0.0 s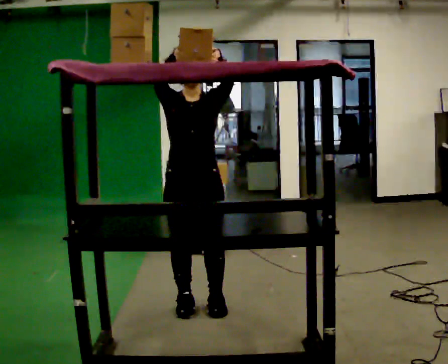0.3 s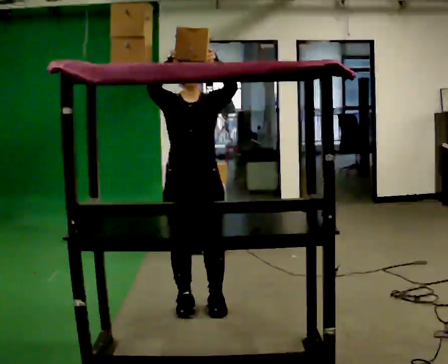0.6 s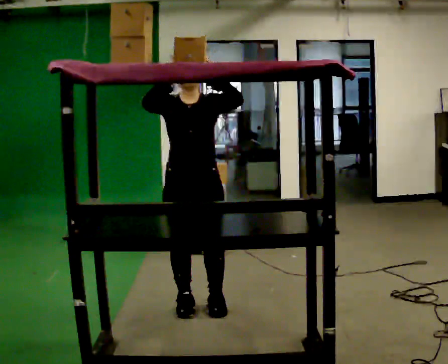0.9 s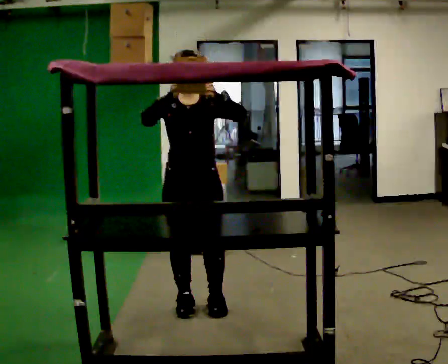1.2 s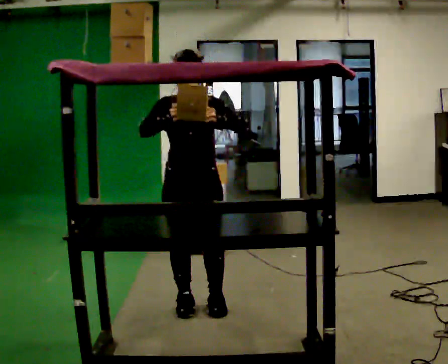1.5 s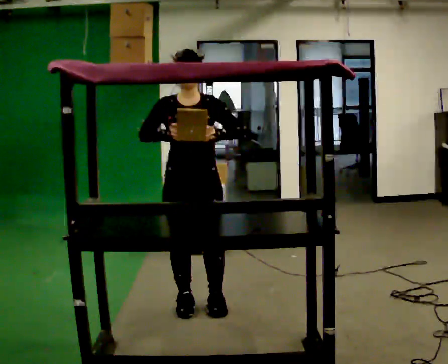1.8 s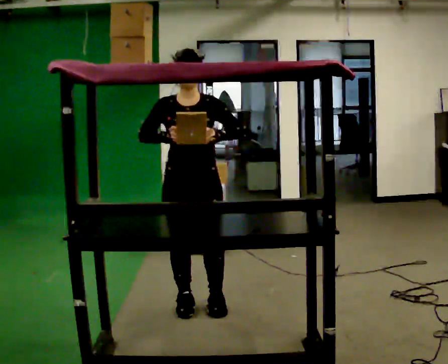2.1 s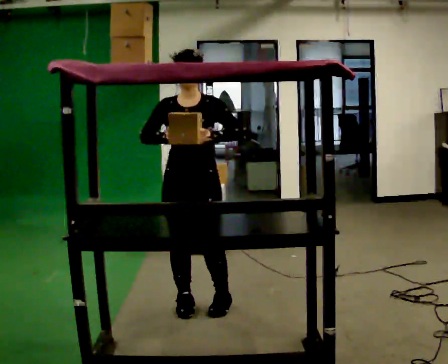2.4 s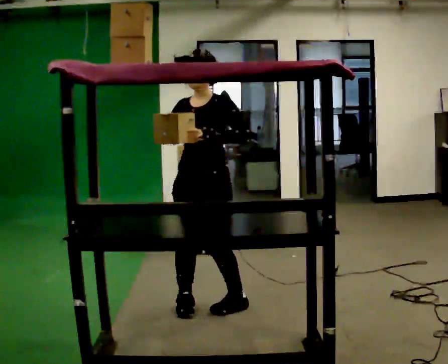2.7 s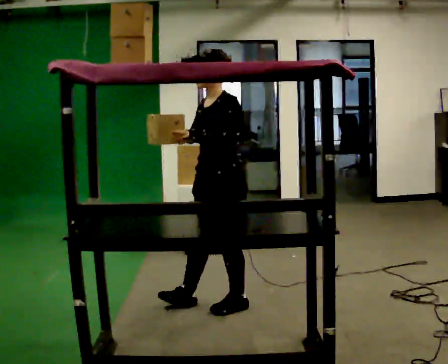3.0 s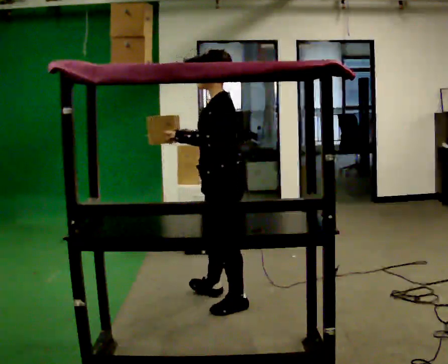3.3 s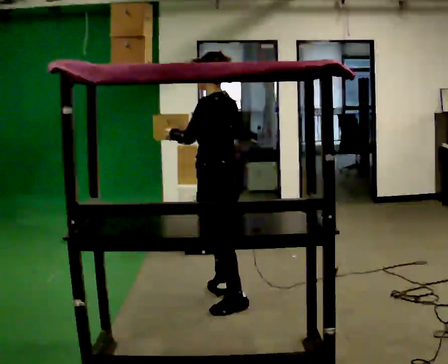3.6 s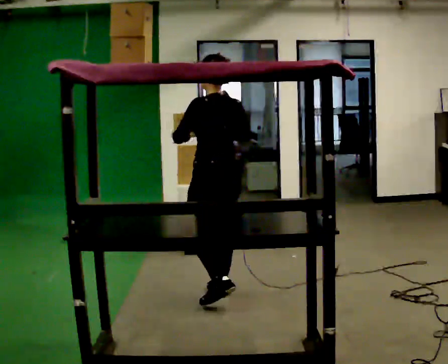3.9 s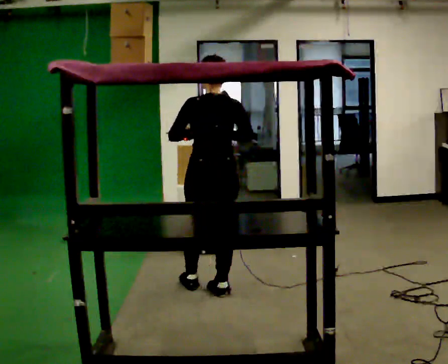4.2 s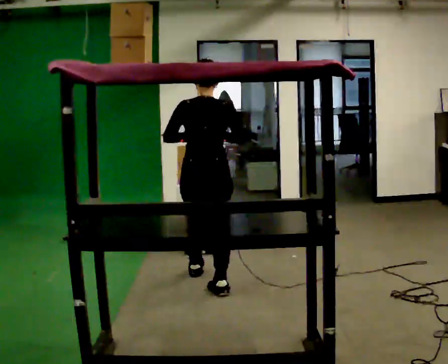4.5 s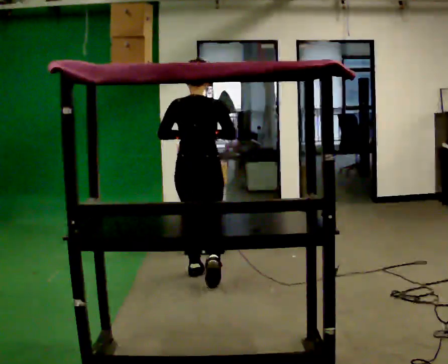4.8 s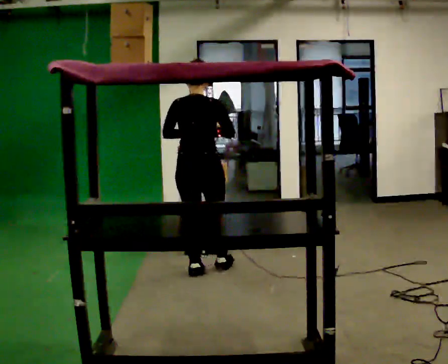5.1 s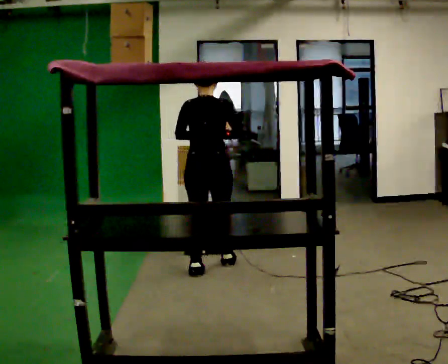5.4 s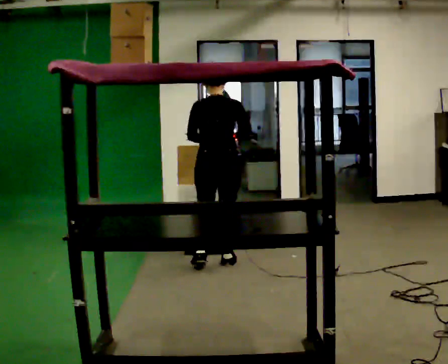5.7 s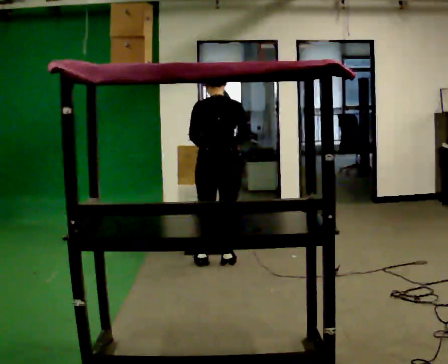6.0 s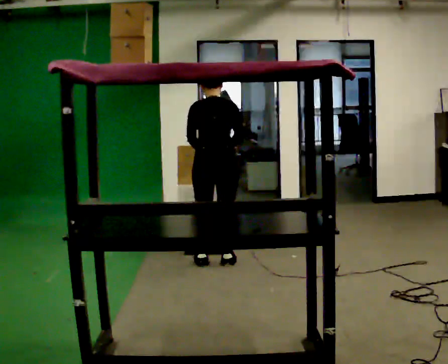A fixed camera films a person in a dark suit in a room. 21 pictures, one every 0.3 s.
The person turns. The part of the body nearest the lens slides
to the left.
The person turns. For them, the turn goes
to their right.
0.0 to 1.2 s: In the picture their right hand goes downward.
1.2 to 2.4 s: The person turns about 45 degrees to their right, clockwise seen from above, so the part of the body nearest the lens slides to the left.
2.4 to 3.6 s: The part of the body nearest the lens slides to the left as the person turns to their right by about 120 degrees. In the picture they go away from the camera, about 0.25 m in 1 step.
3.6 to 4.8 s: The person turns about 45 degrees to their right, clockwise seen from above, so the part of the body nearest the lens slides to the left. In the picture they go away from the camera, about 0.5 m in 1 step, which for them is forward.
4.8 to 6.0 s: In the picture they go away from the camera, about 0.25 m in 2 steps, which for them is forward and to their right. The upper body tips away from the camera, its near side rolling upward, as they bend forward.
The film runs forward here.
